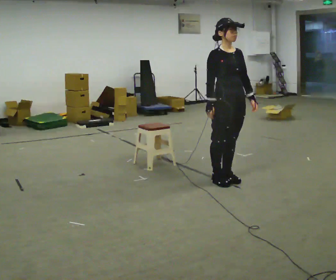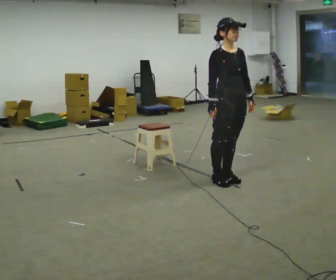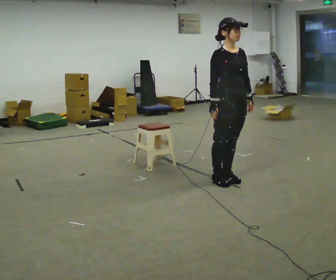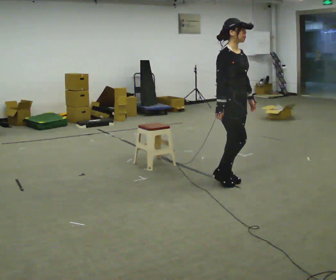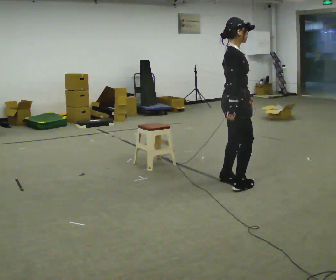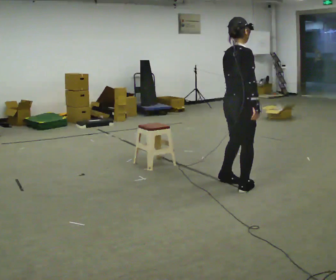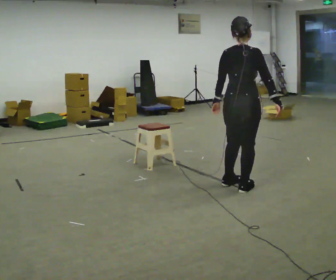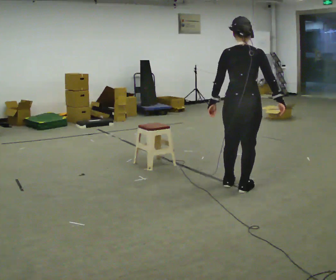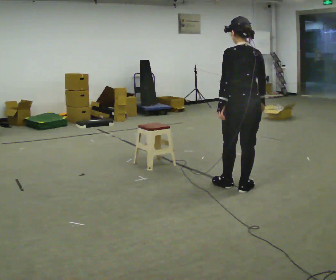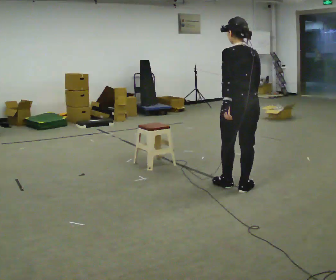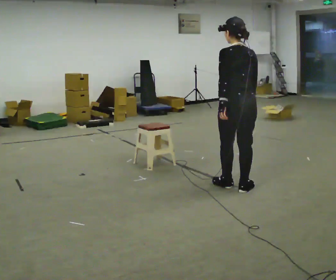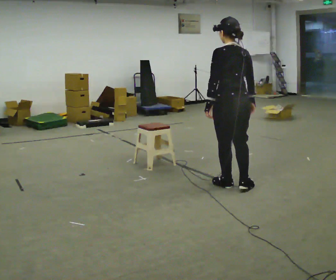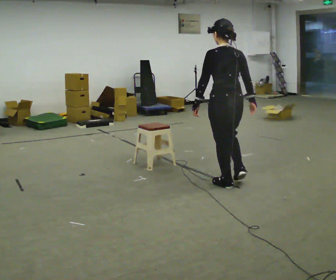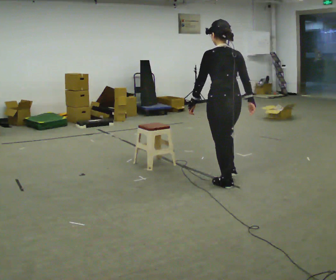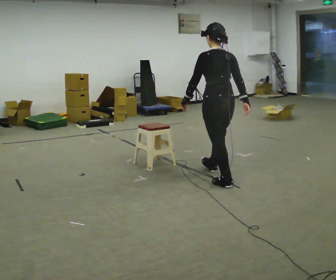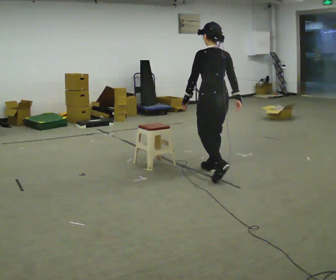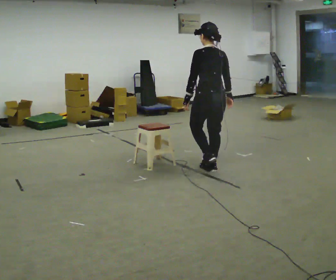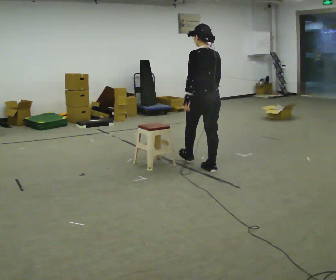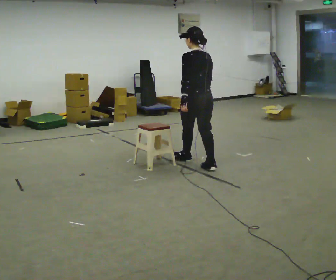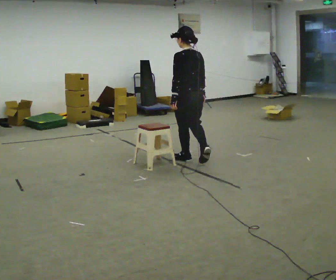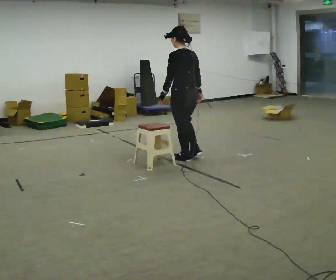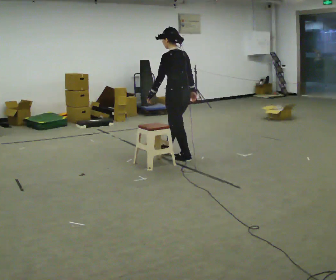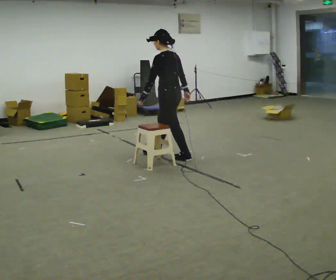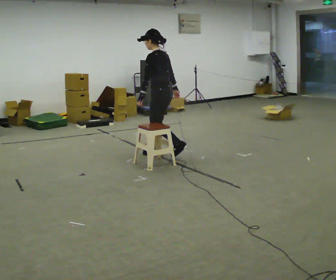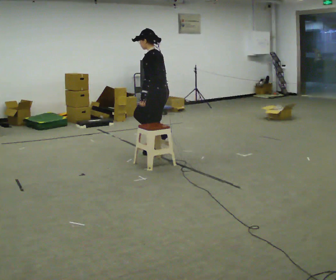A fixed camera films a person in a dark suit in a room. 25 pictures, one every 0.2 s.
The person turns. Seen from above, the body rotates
counterclockwise.
The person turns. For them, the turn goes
to their left.
0.0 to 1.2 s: The part of the body nearest the lens slides to the right as the person turns to their left by about 135 degrees. In the picture they go toward the camera and to the right, about 0.25 m in 2 steps.
1.2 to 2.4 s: The part of the body nearest the lens slides to the right as the person turns to their left by about 45 degrees.
2.4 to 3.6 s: In the picture they go away from the camera and to the left, about 0.5 m in 2 steps, which for them is forward.
3.6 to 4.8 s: The part of the body nearest the lens slides to the right as the person turns to their left by about 60 degrees. In the picture they go to the left and away from the camera, about 0.75 m in 1 step, which for them is forward.
The film runs forward here.
